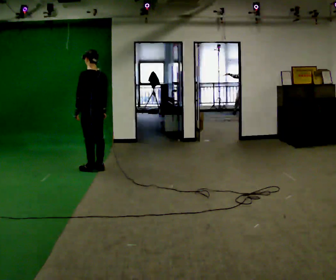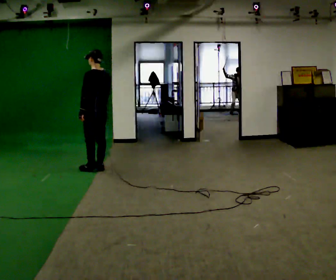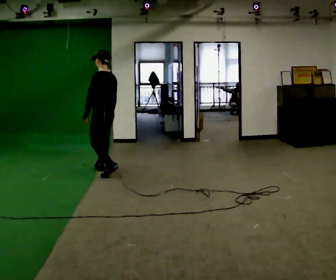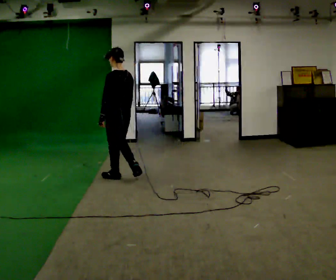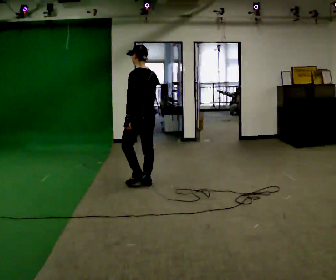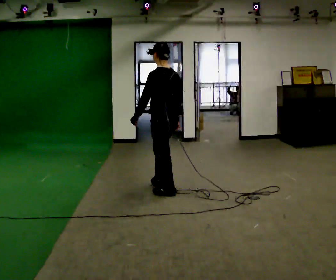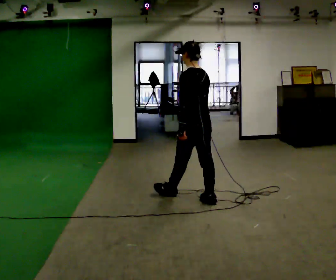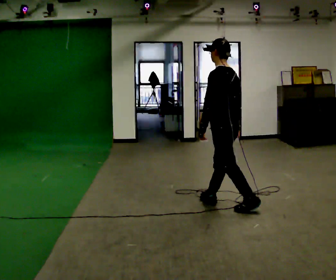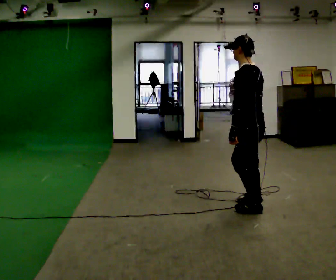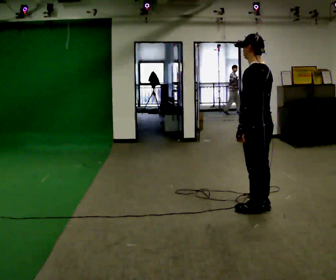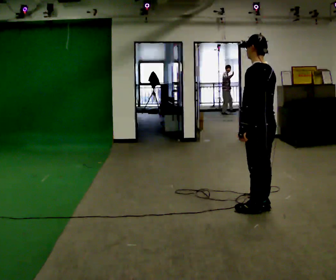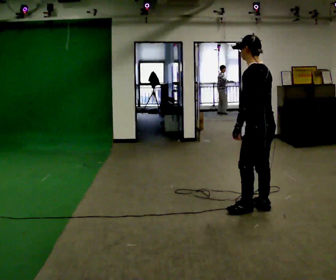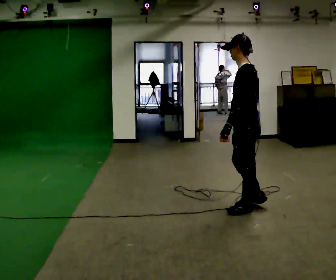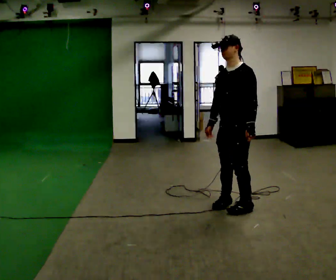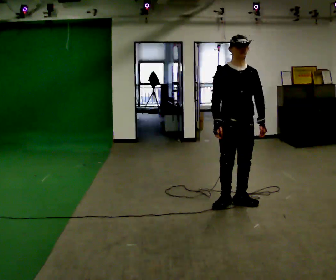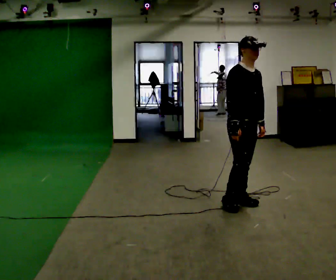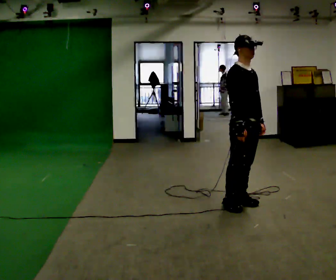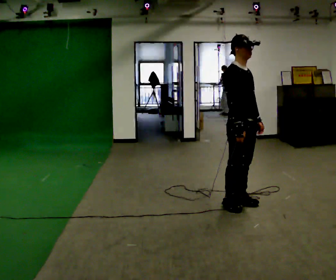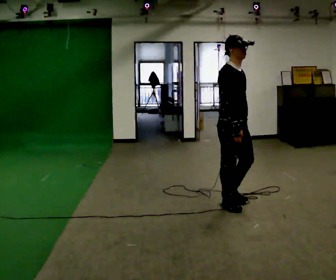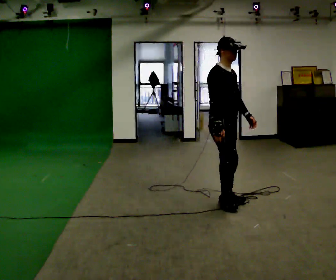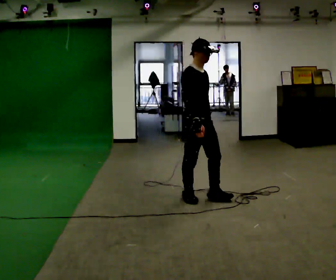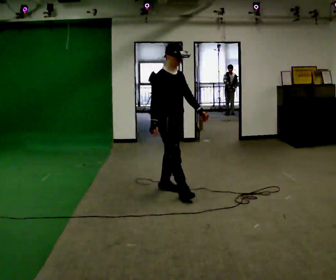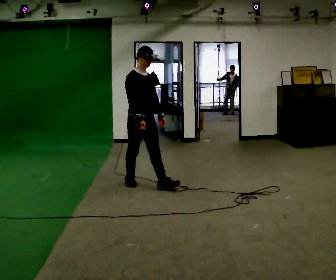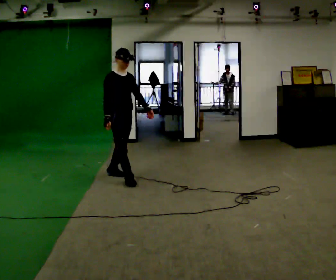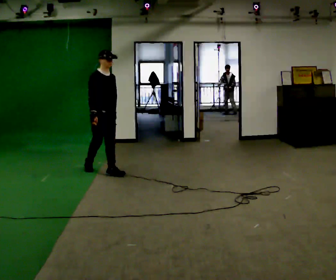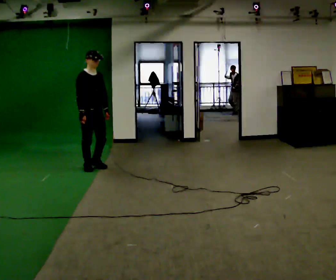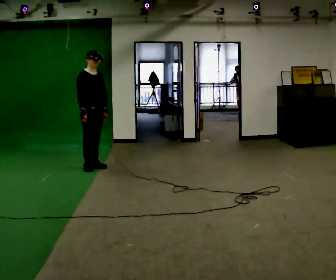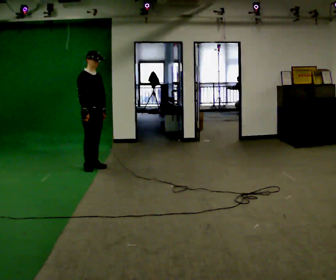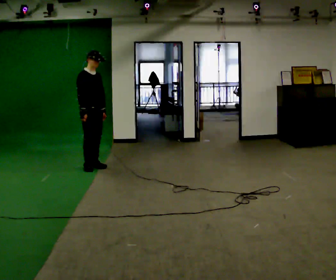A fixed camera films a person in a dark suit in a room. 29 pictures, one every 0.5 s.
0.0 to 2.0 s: In the picture they go to the right and toward the camera, about 1 m in 3 steps, which for them is backward.
2.0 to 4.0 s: In the picture they go to the right and toward the camera, about 1.5 m in 3 steps, which for them is backward.
4.0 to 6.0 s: The person moves a little, or ends about where they began.
6.0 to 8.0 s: The part of the body nearest the lens slides to the right as the person turns to their left by about 150 degrees. In the picture they go away from the camera, about 0.25 m in 1 step.
8.0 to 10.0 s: In the picture they go to the left, about 0.5 m in 2 steps, which for them is backward.
10.0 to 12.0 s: In the picture they go to the left and away from the camera, about 1.5 m in 3 steps, which for them is backward.
12.0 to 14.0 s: In the picture they go to the left and away from the camera, about 0.25 m in 1 step, which for them is backward.
The film runs backward here.
